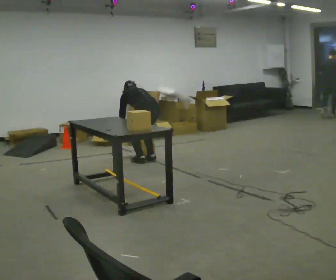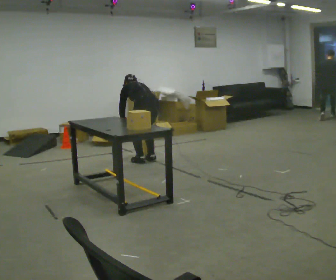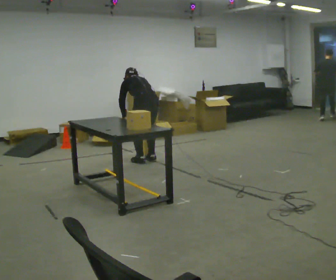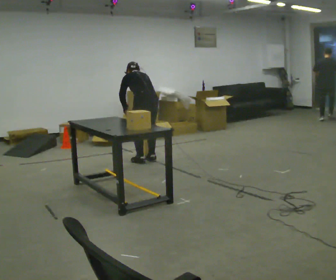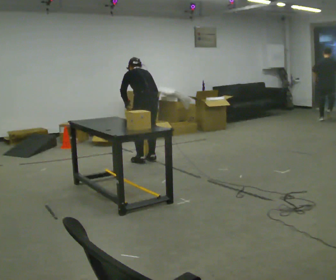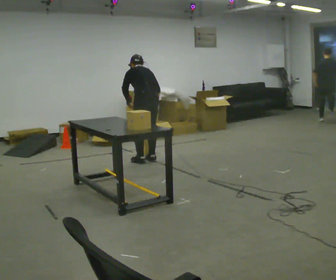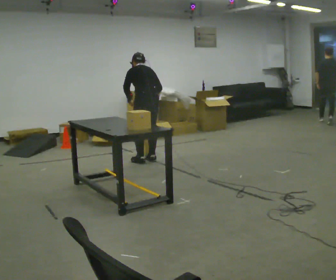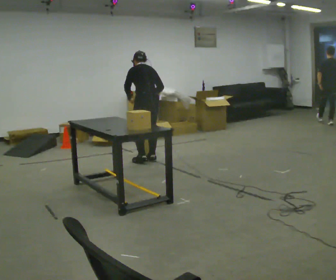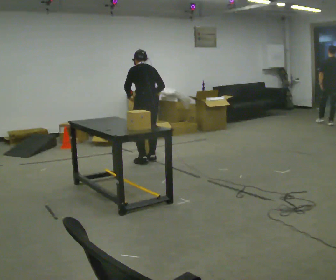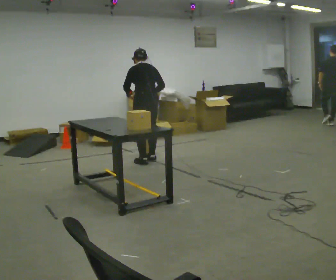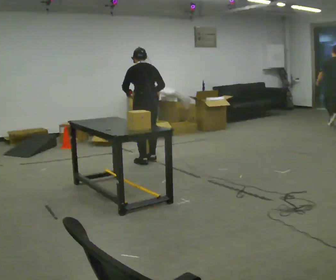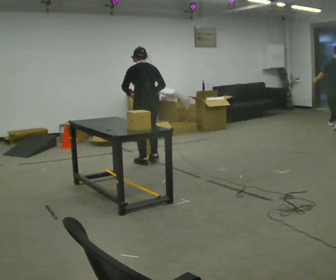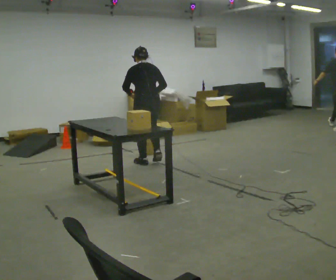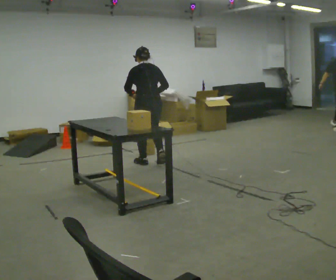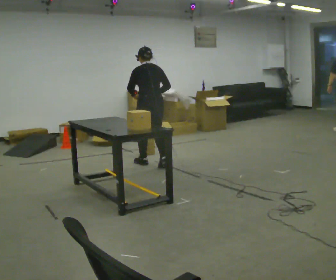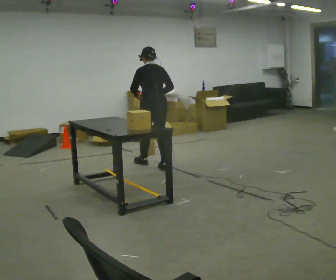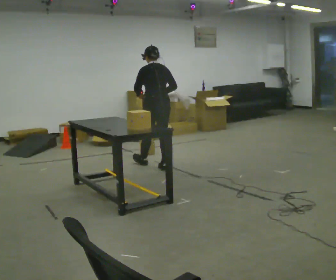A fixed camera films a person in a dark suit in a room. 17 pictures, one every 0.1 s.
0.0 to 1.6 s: In the picture they go toward the camera, about 0.25 m in 2 steps, which for them is backward. The shoulders move upward. The upper body tips toward the camera, its near side rolling downward, as they lean back or straighten. In the picture their right hand goes upward.
The film runs backward here.
